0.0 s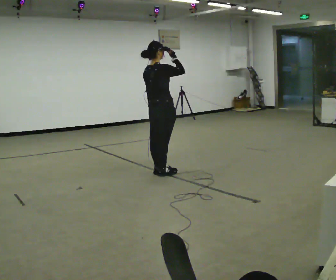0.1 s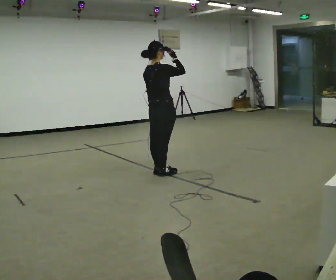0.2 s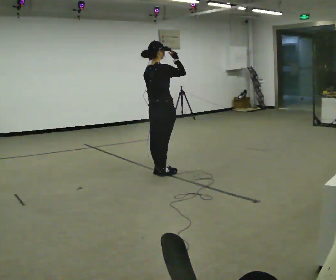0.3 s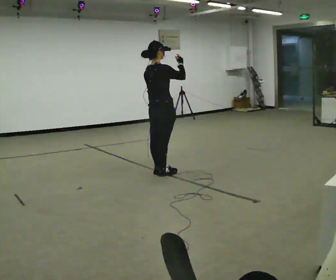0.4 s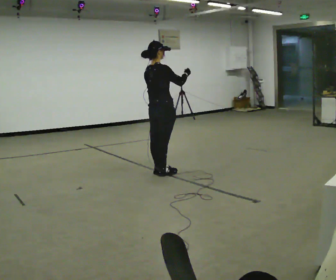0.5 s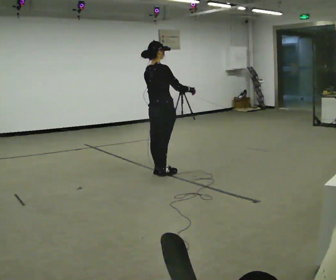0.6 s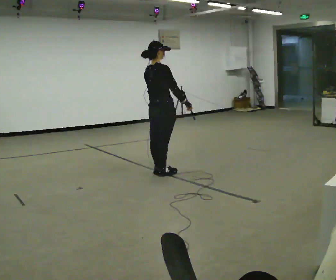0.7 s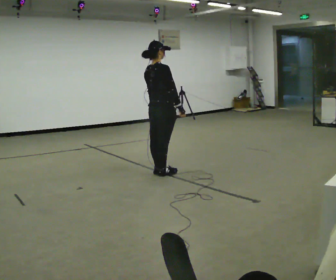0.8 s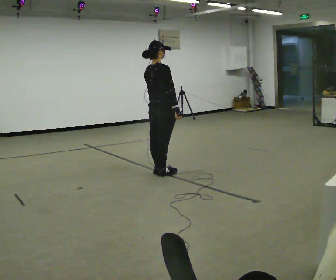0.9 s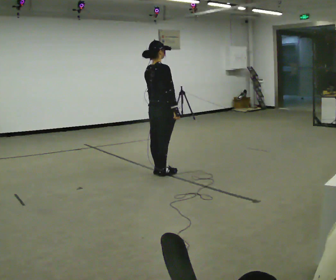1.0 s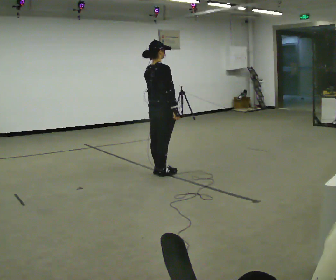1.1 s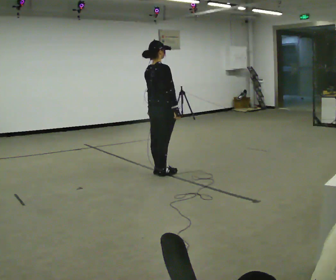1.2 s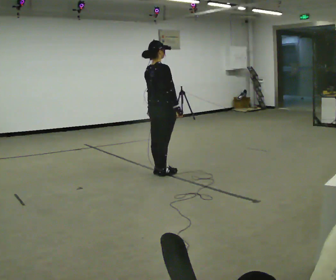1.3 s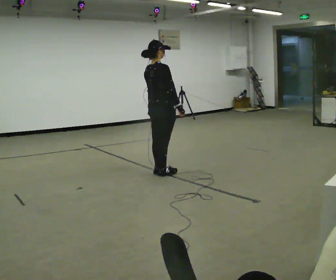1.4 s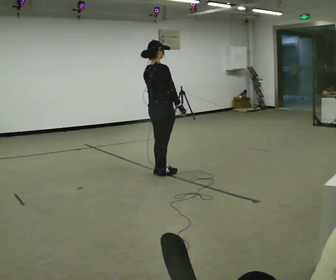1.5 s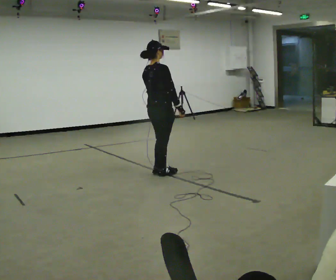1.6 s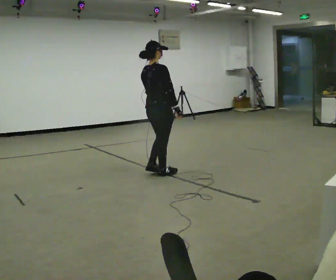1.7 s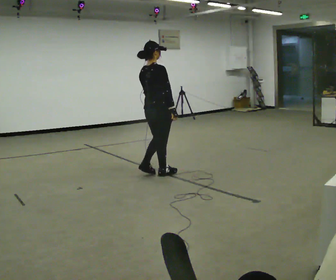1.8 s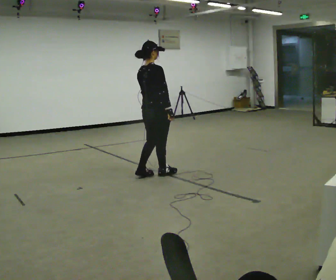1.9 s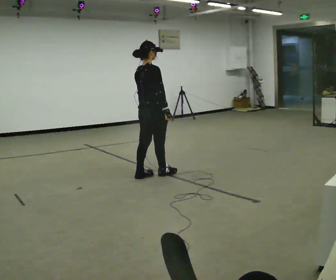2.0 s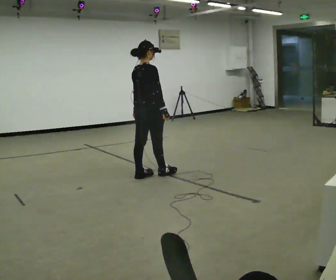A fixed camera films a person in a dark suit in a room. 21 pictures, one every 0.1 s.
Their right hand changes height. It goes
downward.
0.0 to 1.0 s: In the picture their right hand goes downward.
1.0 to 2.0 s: The person moves a little, or ends about where they began.
The film runs backward here.
